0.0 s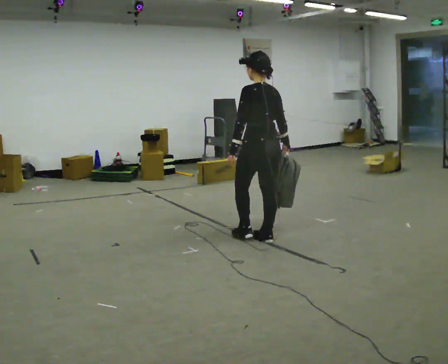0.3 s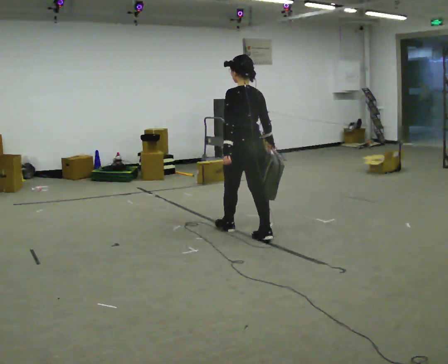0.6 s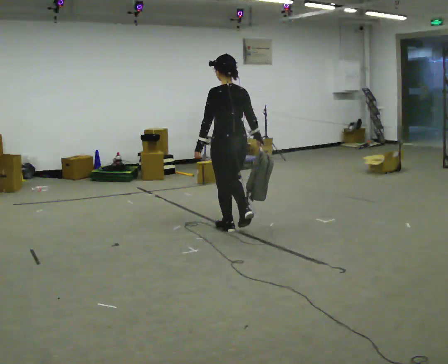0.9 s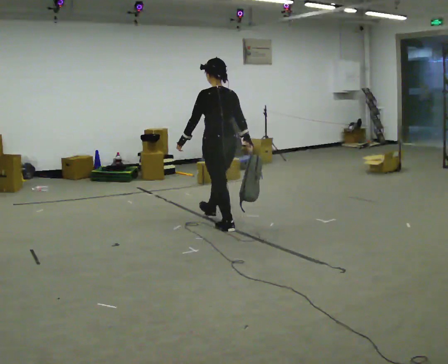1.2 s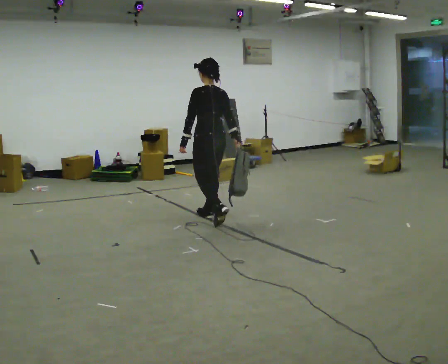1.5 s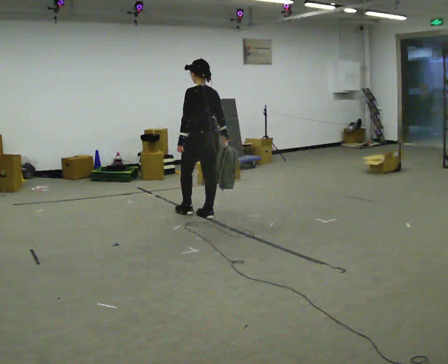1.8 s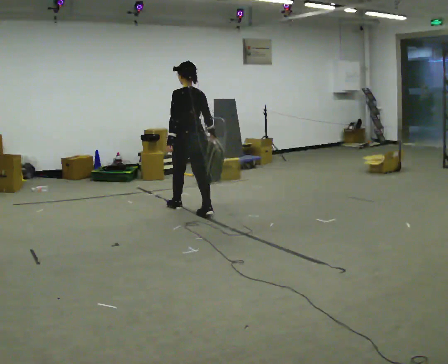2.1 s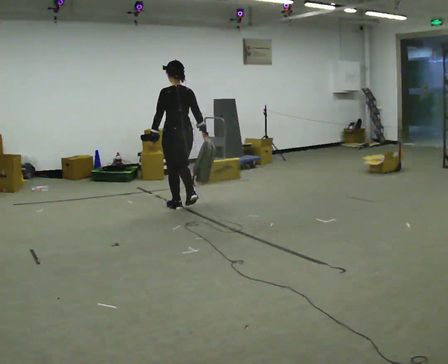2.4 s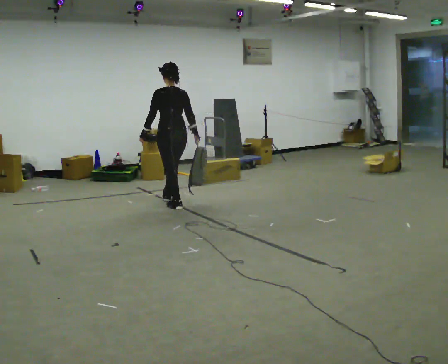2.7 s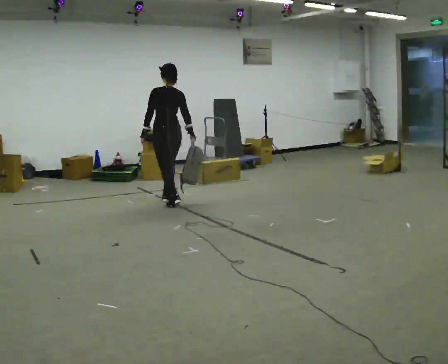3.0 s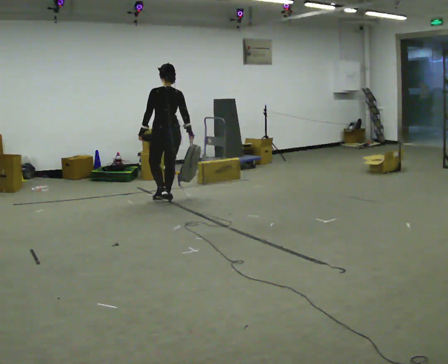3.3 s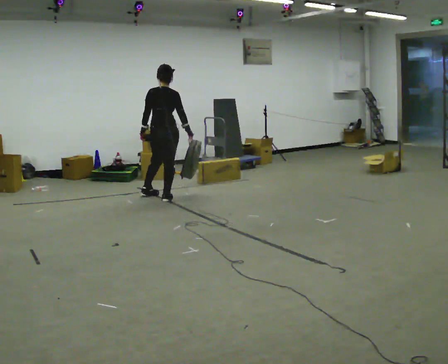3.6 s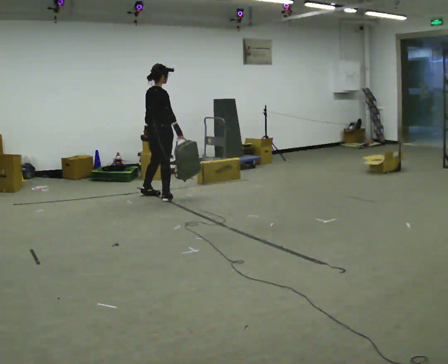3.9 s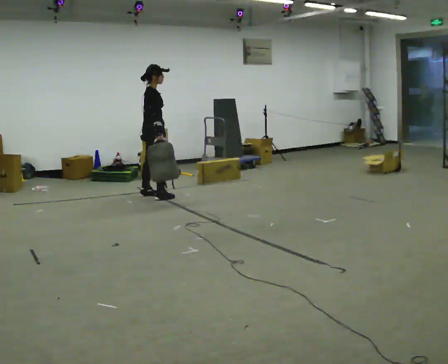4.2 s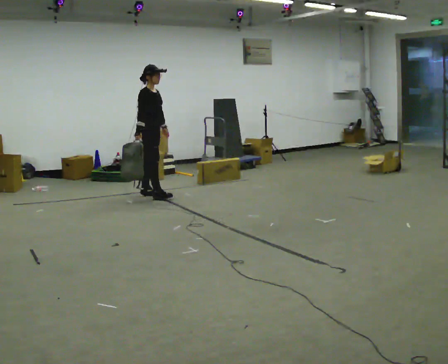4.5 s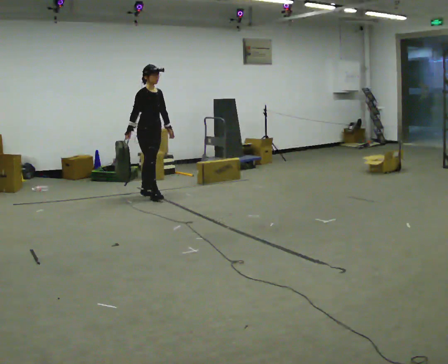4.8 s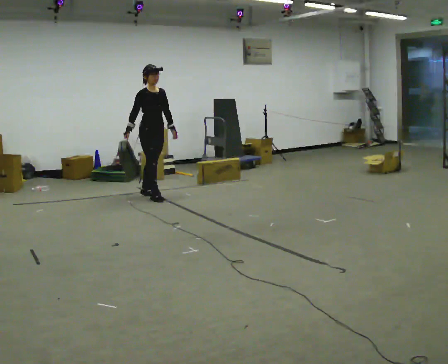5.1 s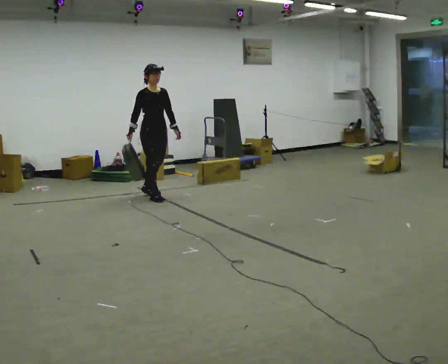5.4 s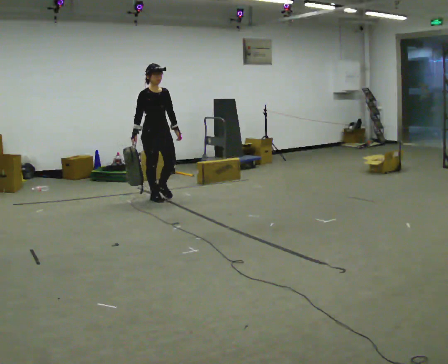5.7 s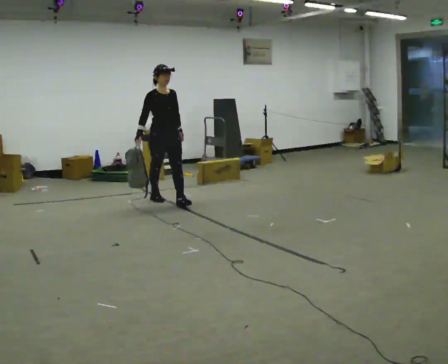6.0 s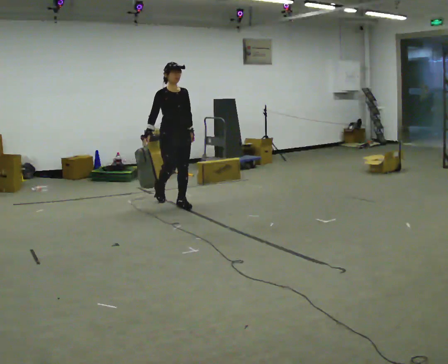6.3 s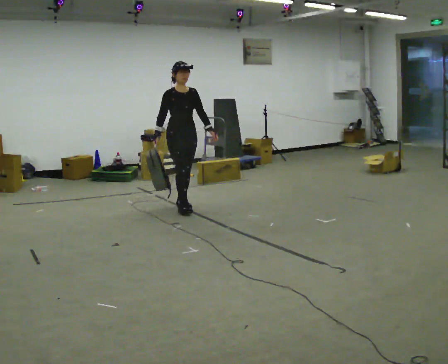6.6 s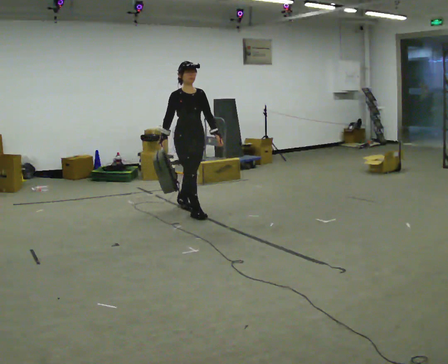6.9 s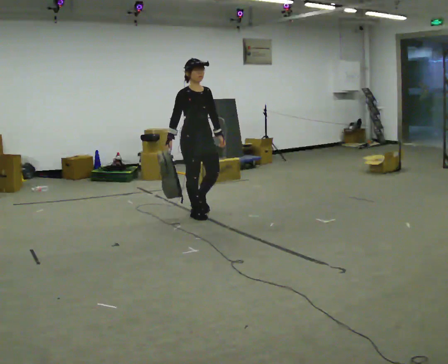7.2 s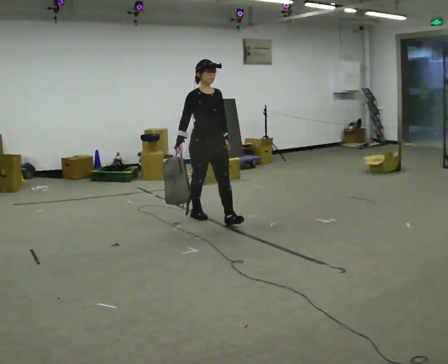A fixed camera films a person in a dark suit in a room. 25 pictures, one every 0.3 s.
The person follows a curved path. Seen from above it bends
counterclockwise.
0.0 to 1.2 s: In the picture they go away from the camera and to the left, about 1 m in 2 steps, which for them is forward.
1.2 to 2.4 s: In the picture they go away from the camera and to the left, about 0.5 m in 1 step, which for them is forward.
2.4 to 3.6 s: The person turns about 90 degrees to their right, clockwise seen from above, so the part of the body nearest the lens slides to the left. In the picture they go away from the camera and to the left, about 0.5 m in 2 steps.
3.6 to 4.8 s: The part of the body nearest the lens slides to the left as the person turns to their right by about 75 degrees. In the picture their right hand goes to the left, the arm swinging clockwise.
4.8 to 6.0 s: In the picture they go toward the camera and to the right, about 0.5 m in 1 step, which for them is forward.
6.0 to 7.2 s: In the picture they go toward the camera and to the right, about 1 m in 2 steps, which for them is forward.
The film runs forward here.
